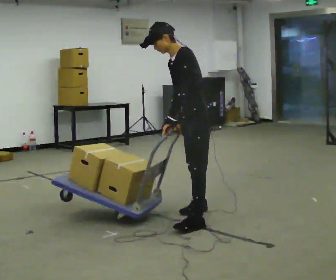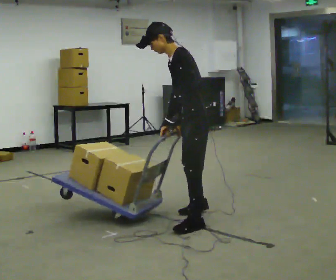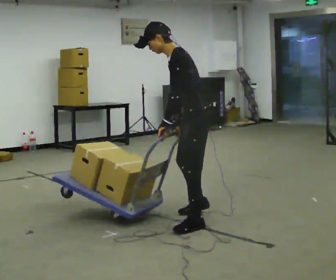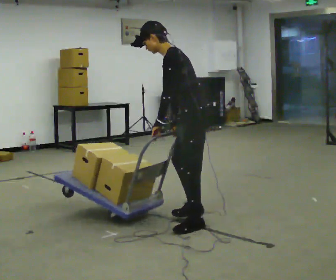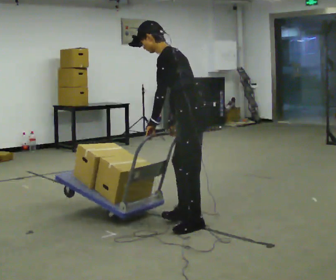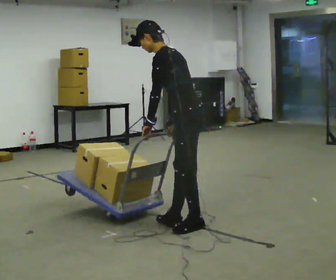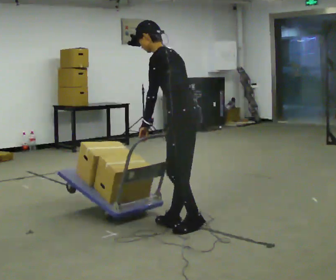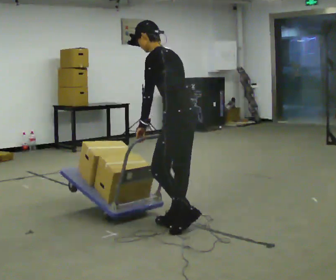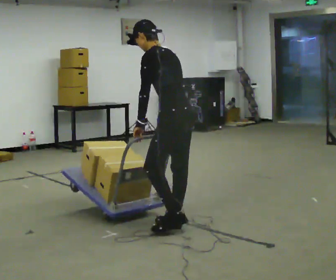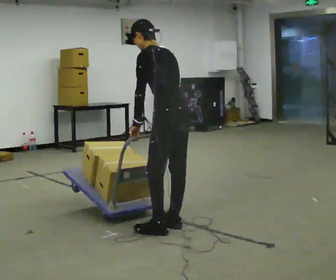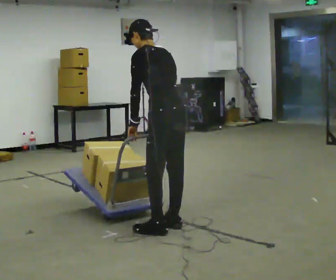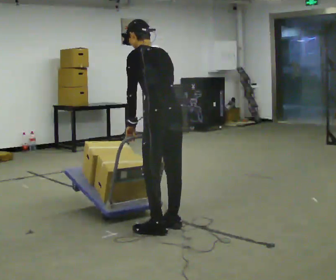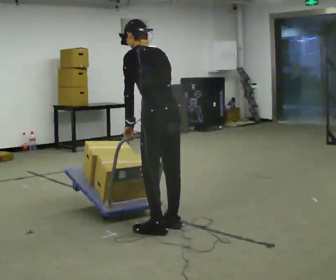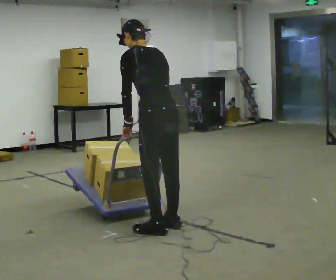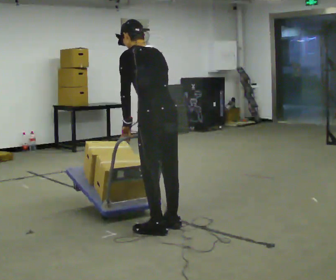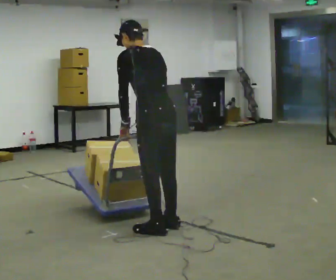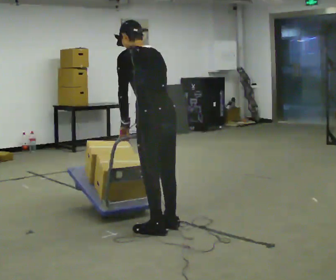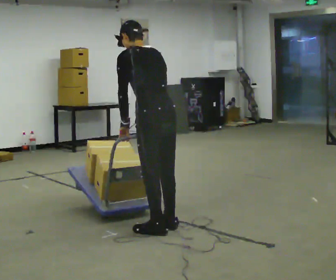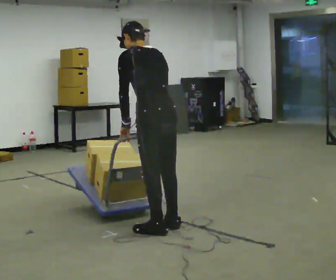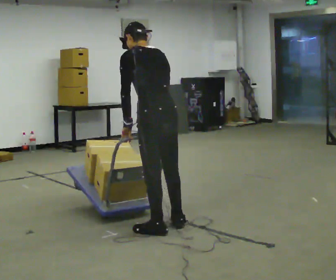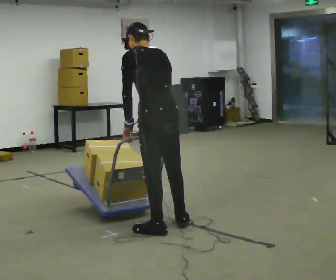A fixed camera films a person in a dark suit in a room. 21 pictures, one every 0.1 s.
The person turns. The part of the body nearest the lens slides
to the left.
The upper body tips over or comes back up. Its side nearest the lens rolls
upward.
0.0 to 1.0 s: The person turns about 45 degrees to their right, clockwise seen from above, so the part of the body nearest the lens slides to the left. In the picture they go toward the camera and to the left, about 0.5 m in 2 steps, which for them is to their left and forward. The upper body tips away from the camera, its near side rolling upward.
1.0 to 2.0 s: The person moves a little, or ends about where they began.
The film runs forward here.
